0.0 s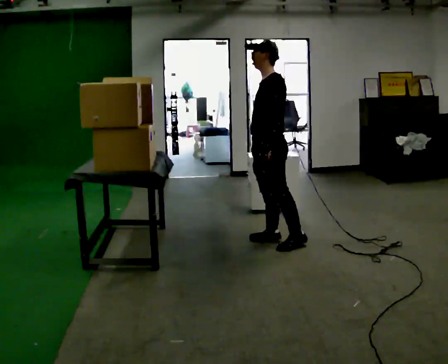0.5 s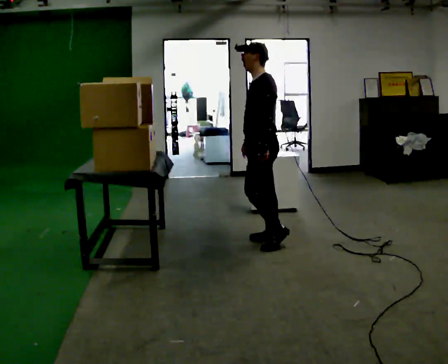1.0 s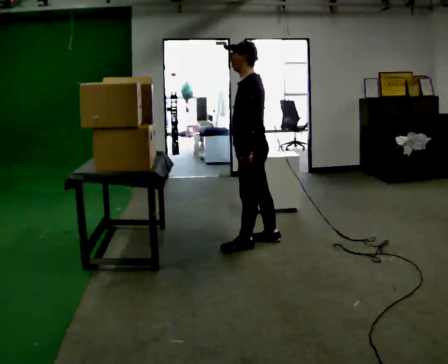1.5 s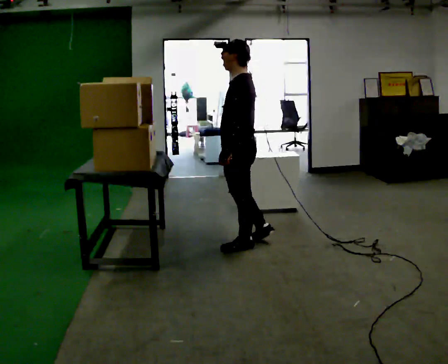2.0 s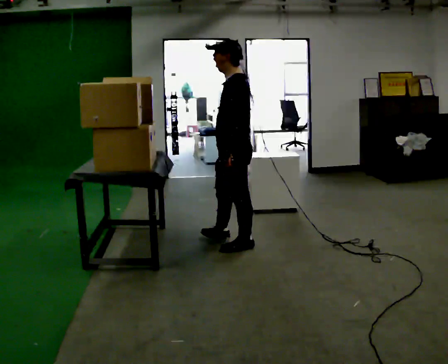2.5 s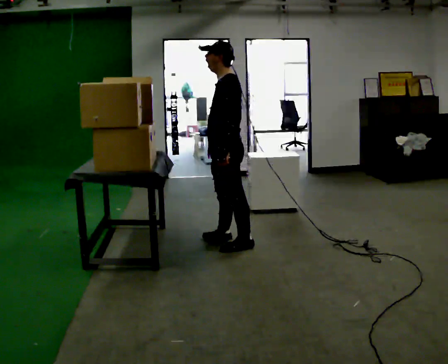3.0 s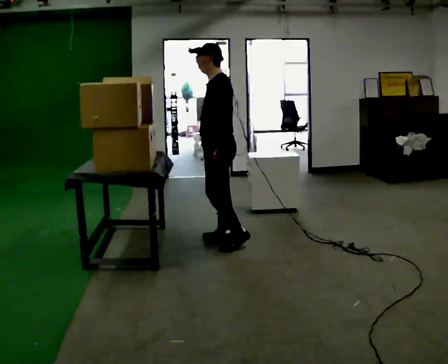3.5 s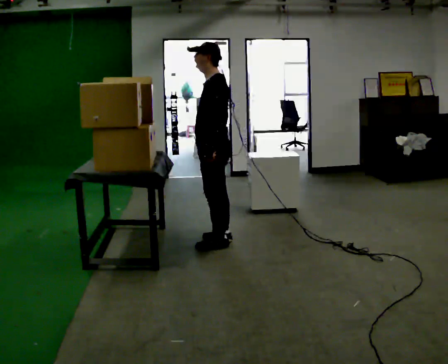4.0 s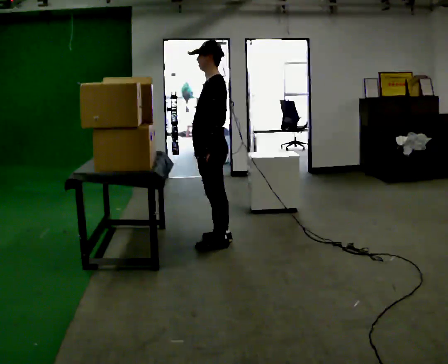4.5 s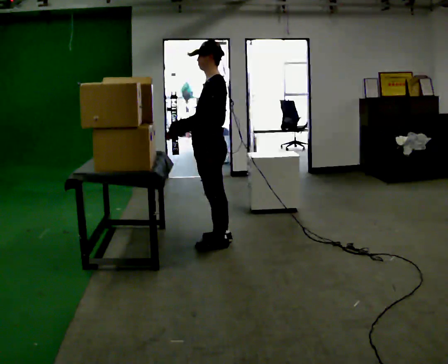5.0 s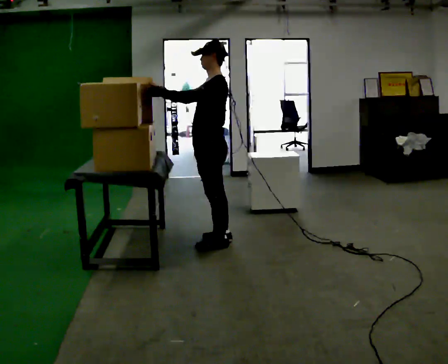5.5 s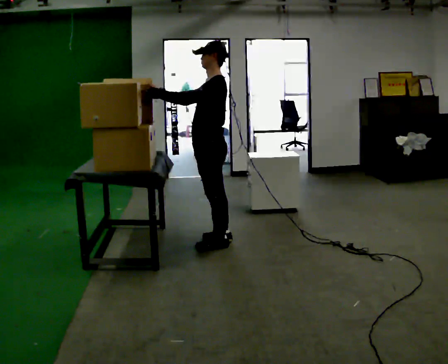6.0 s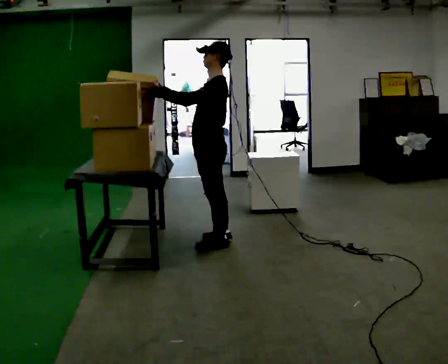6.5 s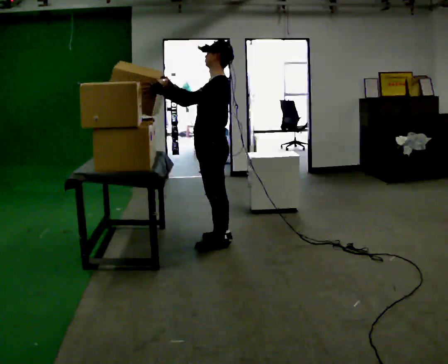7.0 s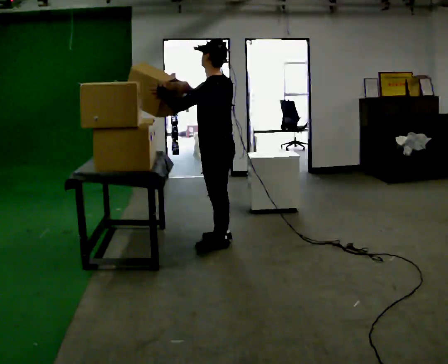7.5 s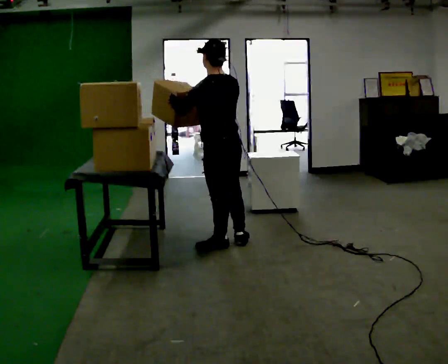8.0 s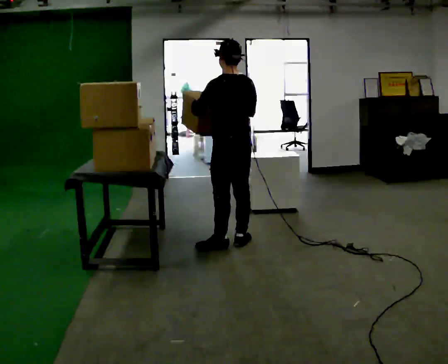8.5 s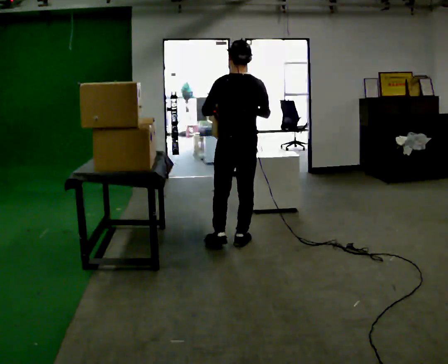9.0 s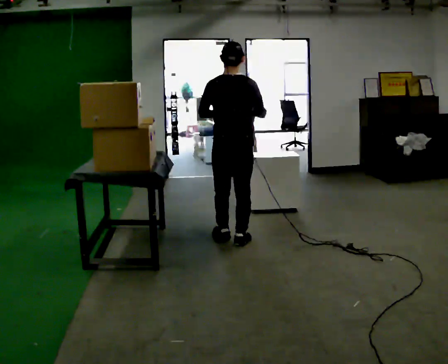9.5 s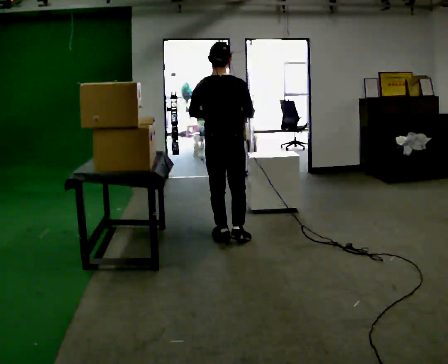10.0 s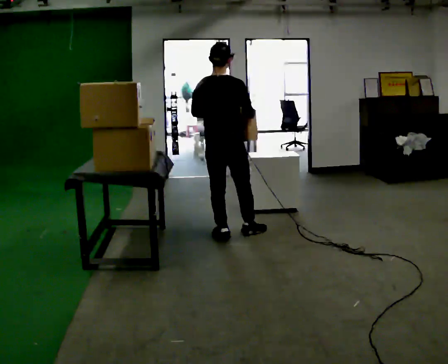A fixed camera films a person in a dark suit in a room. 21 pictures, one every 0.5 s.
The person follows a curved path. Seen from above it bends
clockwise.
0.0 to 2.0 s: In the picture they go to the left, about 0.25 m in 2 steps, which for them is forward.
2.0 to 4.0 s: In the picture they go to the left and away from the camera, about 0.25 m in 1 step, which for them is to their right and forward.
4.0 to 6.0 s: In the picture their right hand goes upward and to the left, the arm swinging clockwise.
6.0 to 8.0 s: The person turns about 60 degrees to their right, clockwise seen from above, so the part of the body nearest the lens slides to the left. In the picture they go to the right, about 0.25 m, which for them is backward. In the picture their right hand goes to the right.
8.0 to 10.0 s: The part of the body nearest the lens slides to the left as the person turns to their right by about 45 degrees. In the picture they go away from the camera, about 0.25 m in 2 steps, which for them is forward.
The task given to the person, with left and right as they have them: Reach up into the bin on the top shelf, take out one object at a time, and carry it to the table. Keep going until the operator says stop; one object at a time, and do not rush between trips.
The film runs forward here.
